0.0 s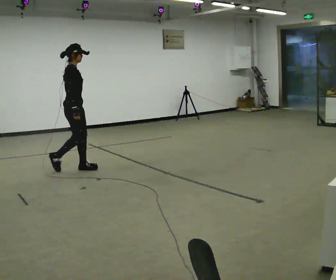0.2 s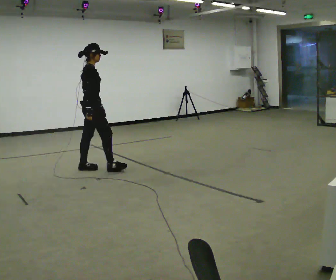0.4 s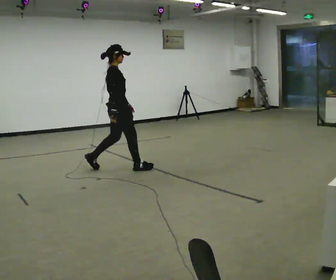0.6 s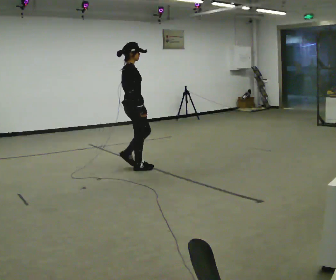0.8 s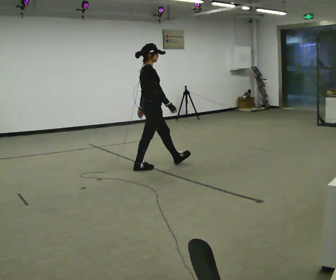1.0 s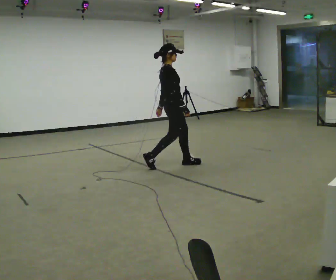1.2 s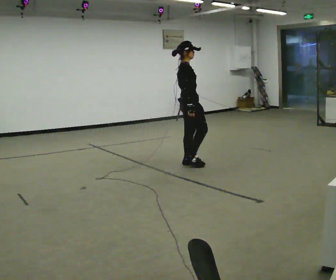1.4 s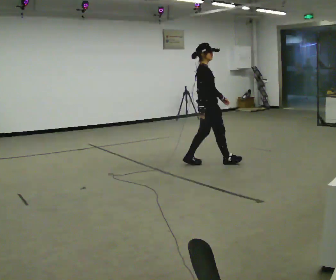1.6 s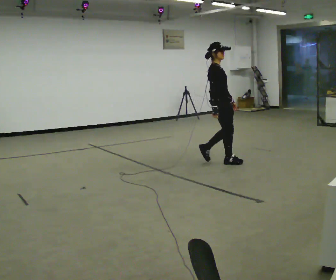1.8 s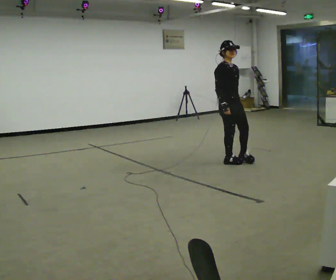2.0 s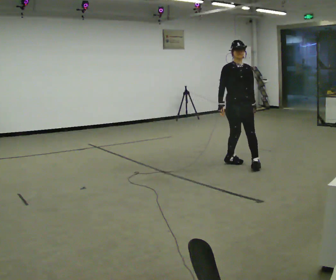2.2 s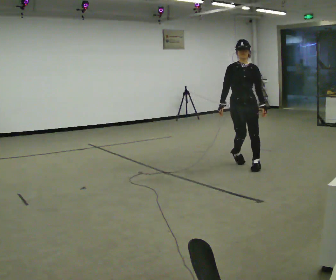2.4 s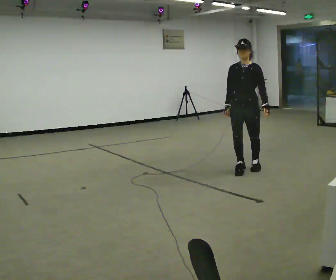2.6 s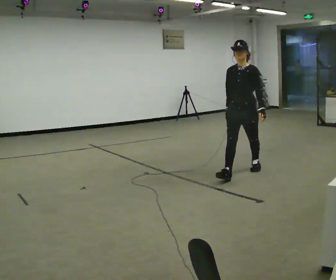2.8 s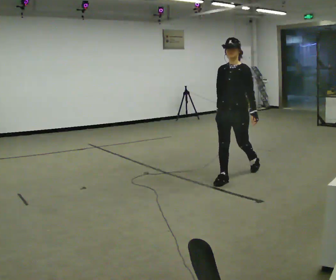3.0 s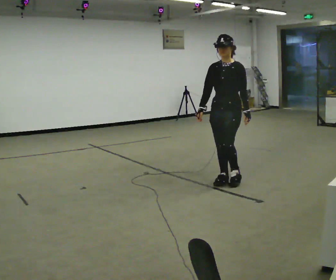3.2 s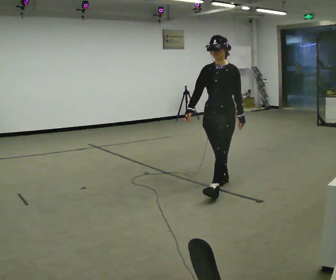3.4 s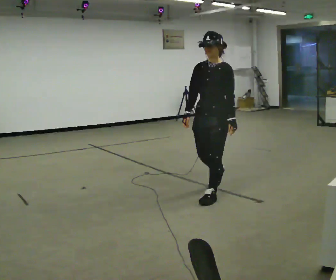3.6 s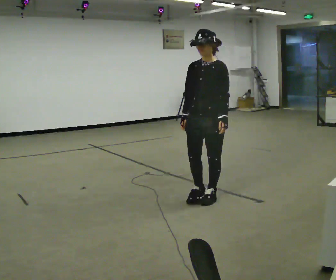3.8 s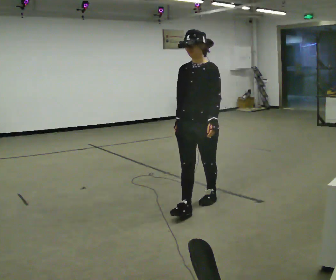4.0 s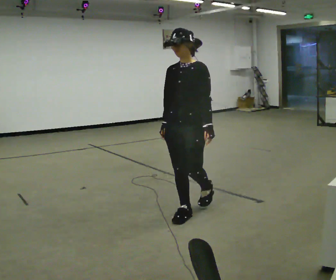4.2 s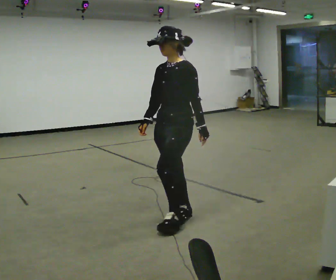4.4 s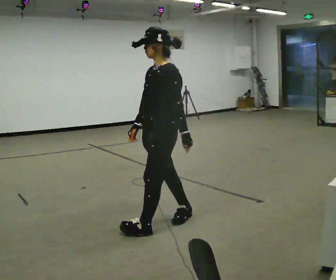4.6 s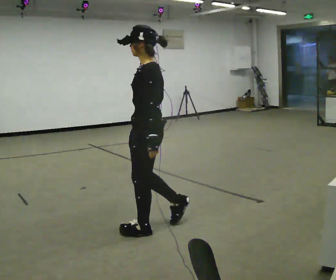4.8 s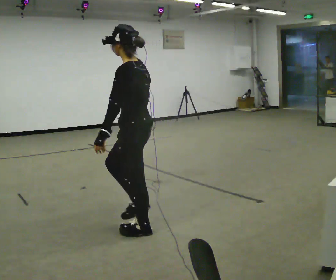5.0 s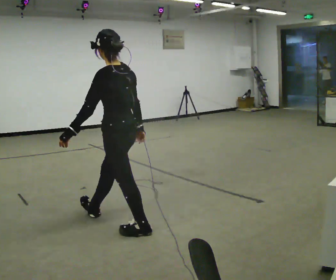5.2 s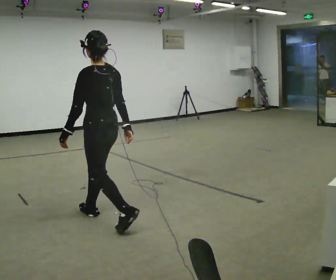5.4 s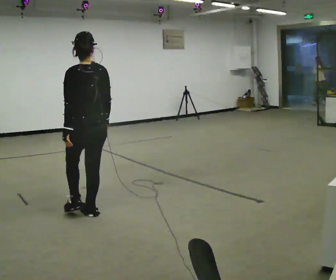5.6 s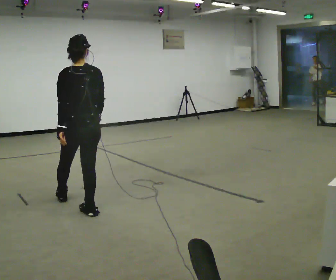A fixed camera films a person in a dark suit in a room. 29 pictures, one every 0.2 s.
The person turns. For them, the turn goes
to their right.
The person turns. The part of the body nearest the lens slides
to the left.
0.0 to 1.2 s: In the picture they go to the right, about 1.5 m in 2 steps, which for them is forward.
1.2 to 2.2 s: Seen from above the body turns clockwise, about 90 degrees: to their right, with its near side sliding to the left. In the picture they go to the right, about 0.75 m in 2 steps.
2.2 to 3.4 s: Seen from above the body turns clockwise, about 30 degrees: to their right, with its near side sliding to the left. In the picture they go toward the camera, about 1 m in 2 steps, which for them is forward.
3.4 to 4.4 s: The person turns about 30 degrees to their right, clockwise seen from above, so the part of the body nearest the lens slides to the left. In the picture they go toward the camera and to the left, about 1 m in 2 steps, which for them is forward.
4.4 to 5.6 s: The person turns about 90 degrees to their right, clockwise seen from above, so the part of the body nearest the lens slides to the left. In the picture they go to the left, about 1 m in 1 step.
The film runs forward here.
